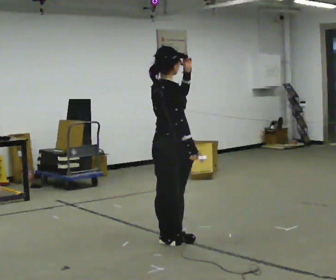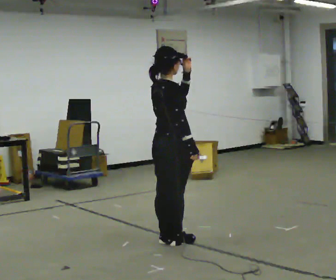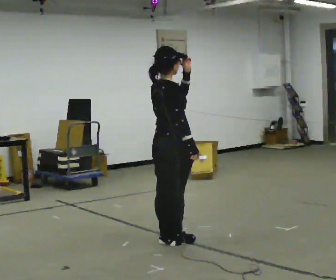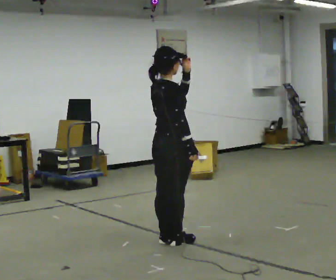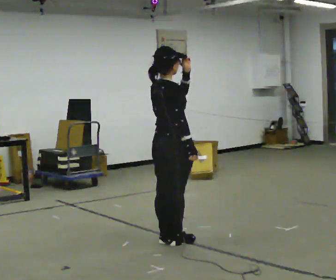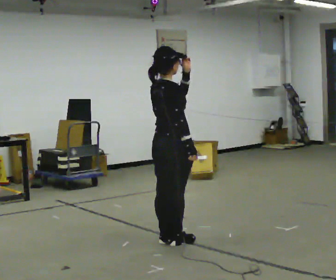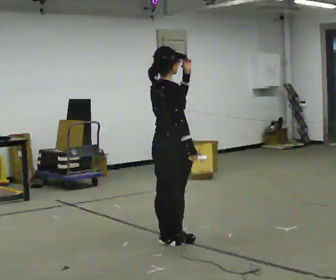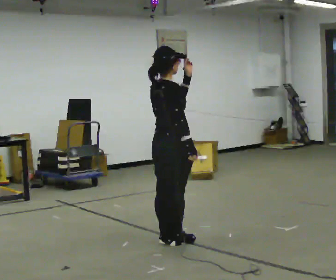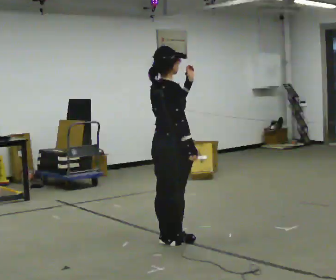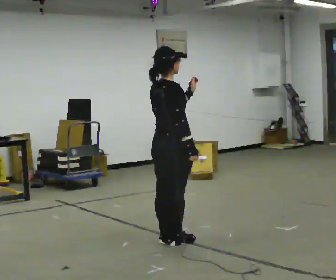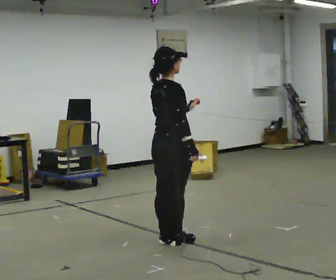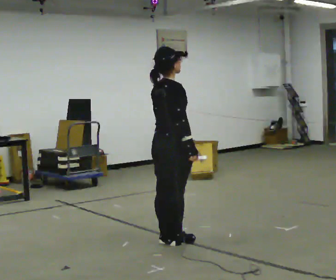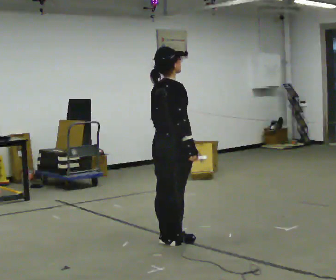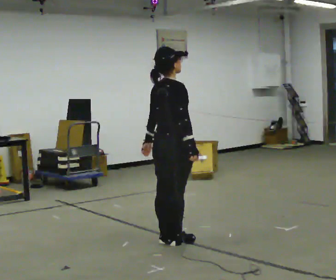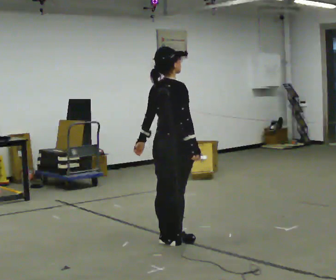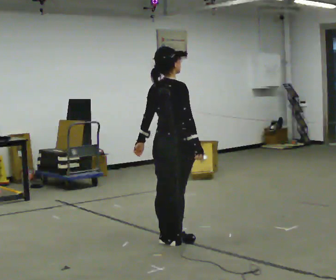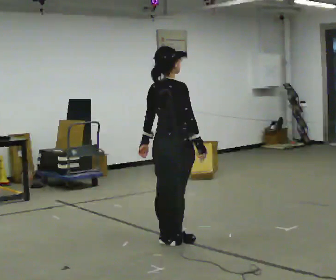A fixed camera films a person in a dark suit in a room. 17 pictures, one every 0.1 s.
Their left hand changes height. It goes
downward.
0.0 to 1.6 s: In the picture their left hand goes downward and to the left.
The film runs forward here.
